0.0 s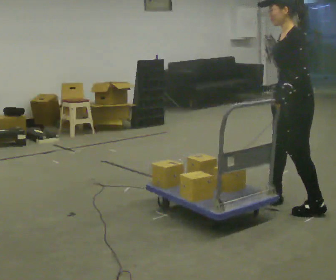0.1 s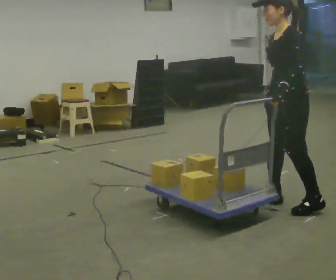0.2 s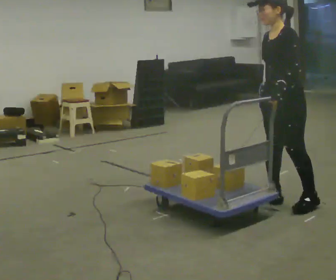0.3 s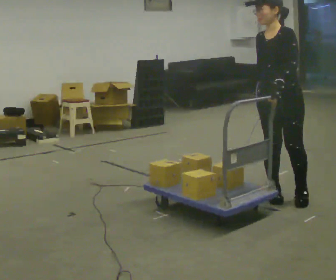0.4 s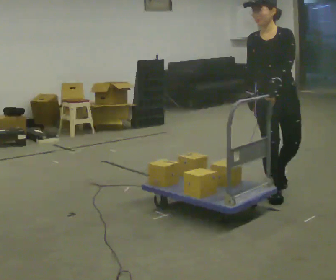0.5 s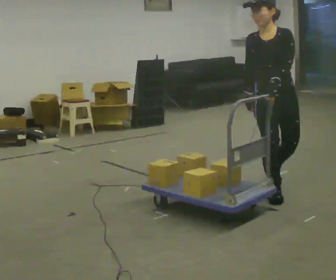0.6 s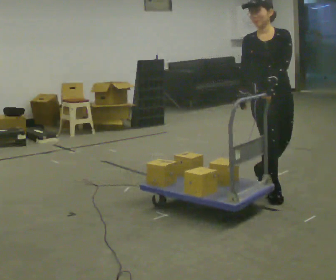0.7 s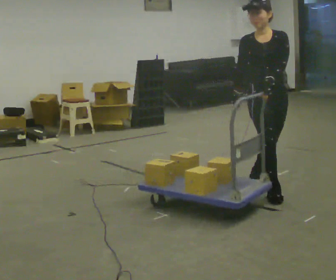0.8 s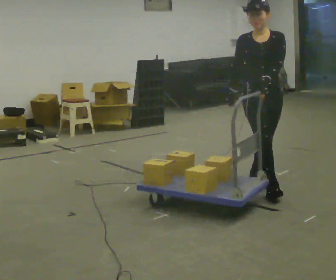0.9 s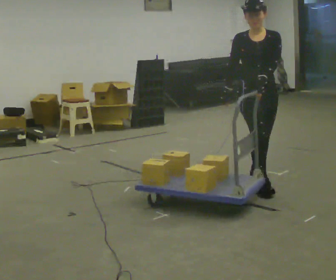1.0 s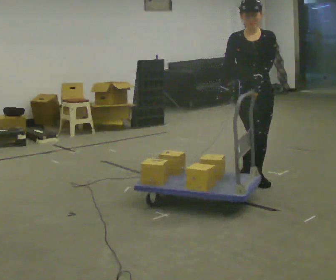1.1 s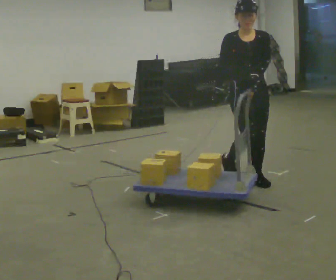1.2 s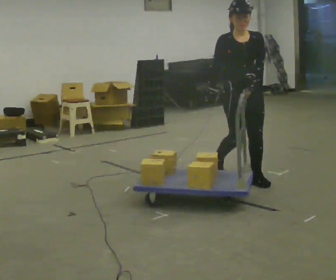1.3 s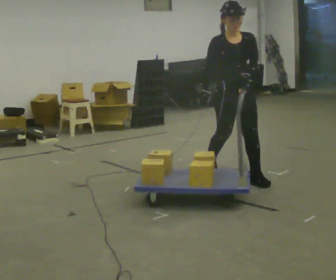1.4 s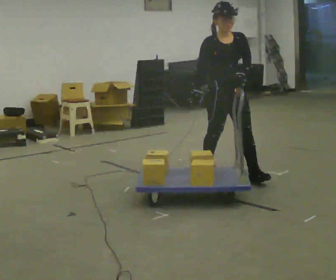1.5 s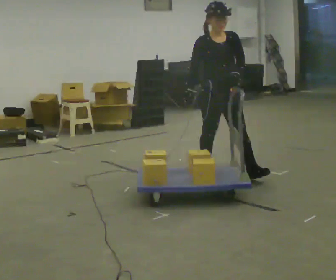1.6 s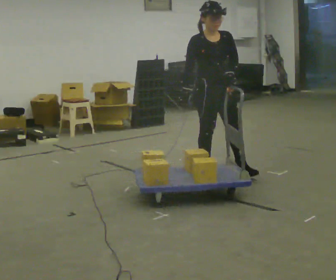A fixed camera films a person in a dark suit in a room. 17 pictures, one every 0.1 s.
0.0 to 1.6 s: The person turns about 105 degrees to their left, counterclockwise seen from above, so the part of the body nearest the lens slides to the right. In the picture they go away from the camera and to the left, about 1 m in 3 steps.
The film runs backward here.
